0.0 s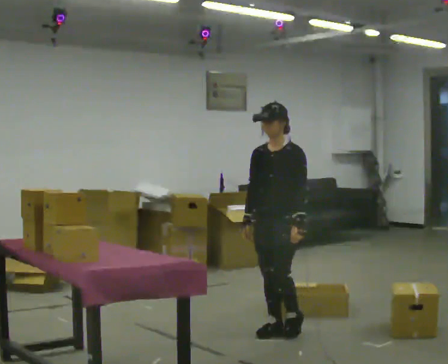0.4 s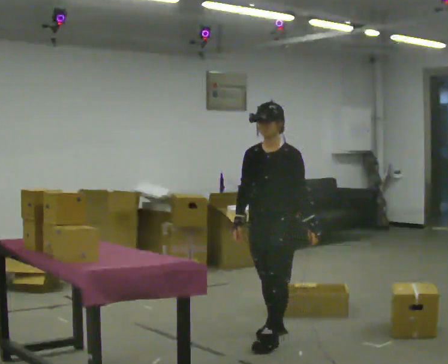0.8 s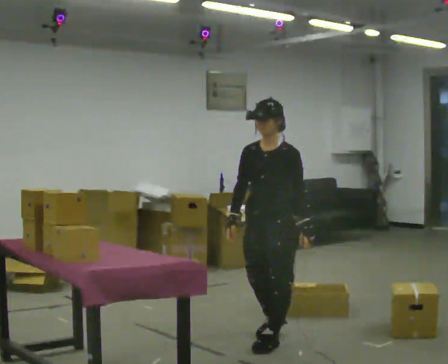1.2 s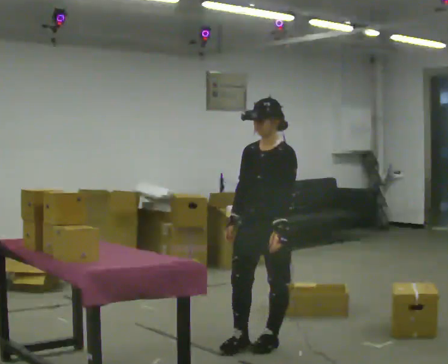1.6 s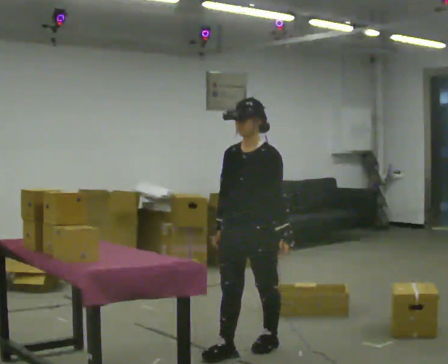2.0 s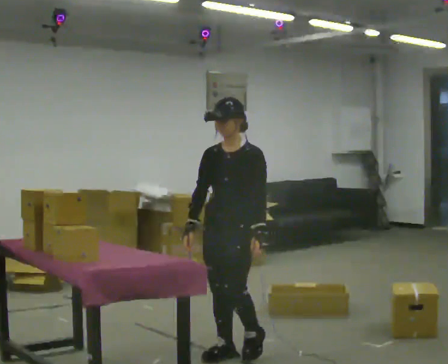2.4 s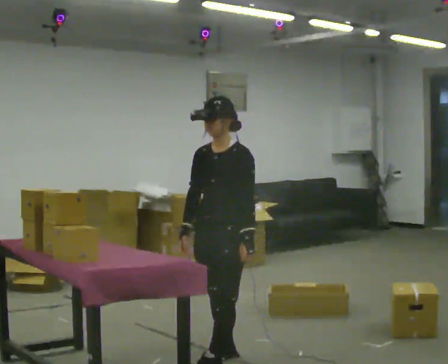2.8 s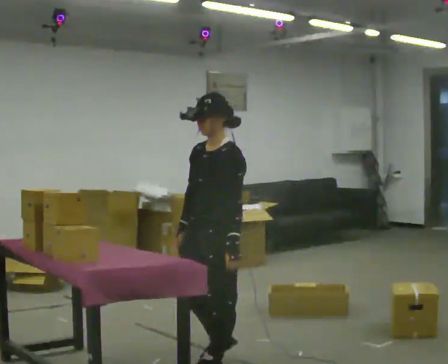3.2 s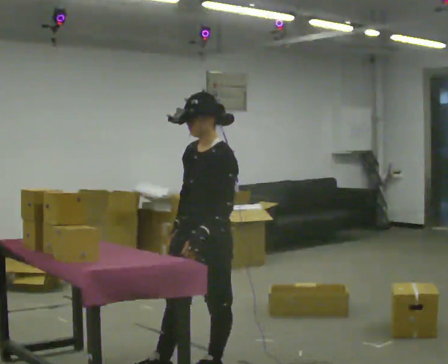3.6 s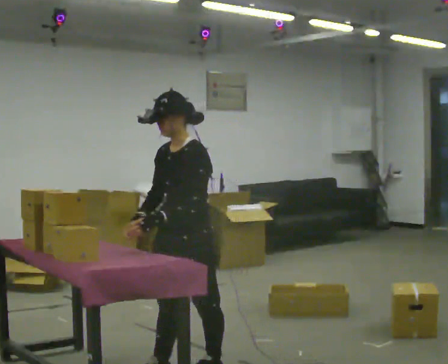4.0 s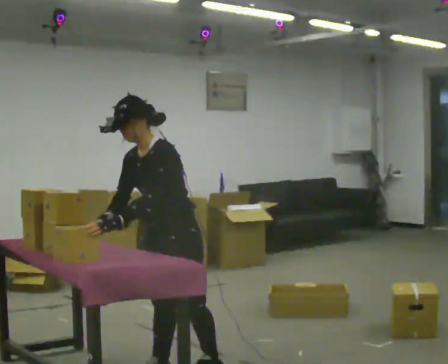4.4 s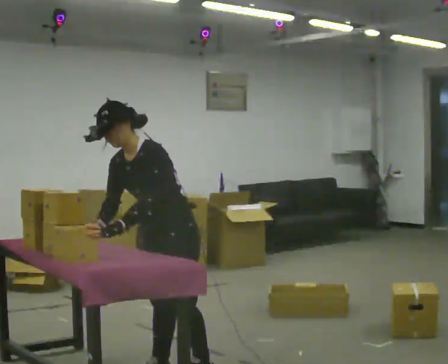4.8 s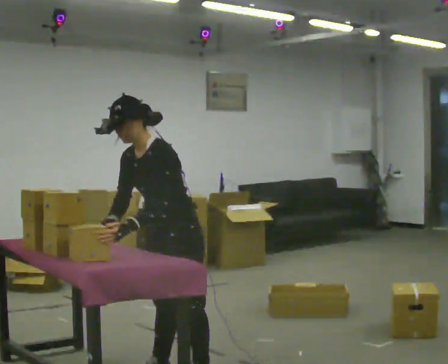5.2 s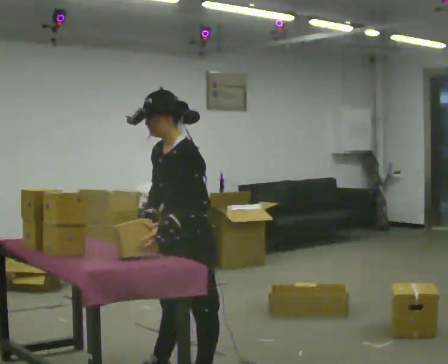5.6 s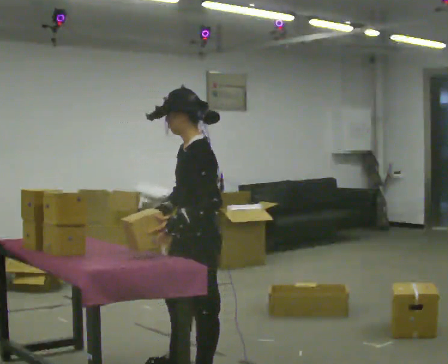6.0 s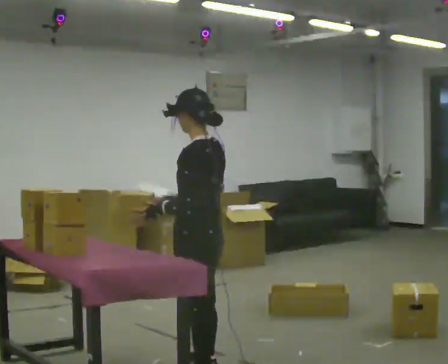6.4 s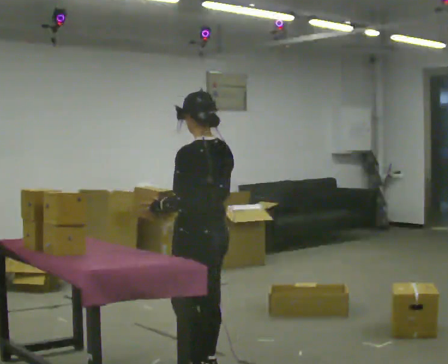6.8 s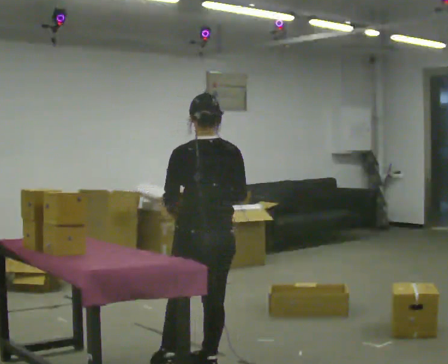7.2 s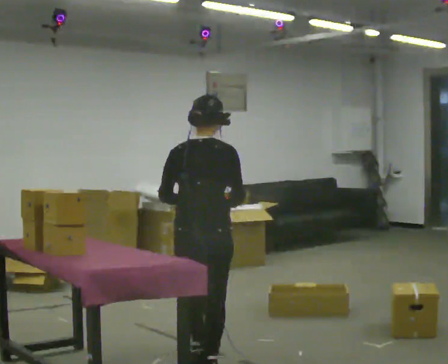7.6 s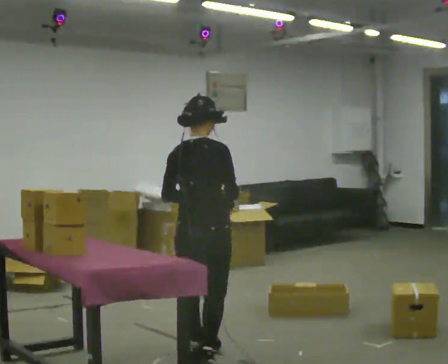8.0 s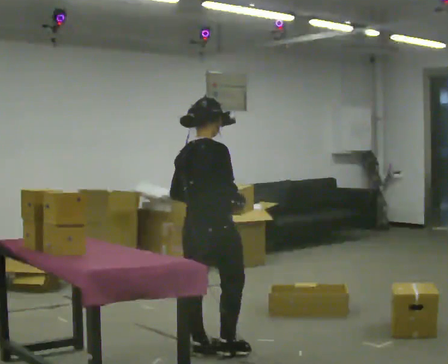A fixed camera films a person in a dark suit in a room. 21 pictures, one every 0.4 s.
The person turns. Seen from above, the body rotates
clockwise.
The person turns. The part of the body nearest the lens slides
to the left.
0.0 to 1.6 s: In the picture they go toward the camera and to the left, about 0.5 m in 2 steps, which for them is forward.
1.6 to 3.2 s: In the picture they go toward the camera and to the left, about 0.5 m in 1 step, which for them is forward.
3.2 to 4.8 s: In the picture they go to the left, about 0.25 m in 2 steps, which for them is forward. In the picture the upper body tilts counterclockwise, shoulders to the left, as they bend forward. In the picture their right hand goes to the left.
4.8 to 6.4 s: The part of the body nearest the lens slides to the left as the person turns to their right by about 75 degrees. In the picture the upper body tilts clockwise, shoulders to the right, as they lean back or straighten. In the picture their right hand goes to the right.
6.4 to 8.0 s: The part of the body nearest the lens slides to the left as the person turns to their right by about 105 degrees. In the picture they go away from the camera, about 0.25 m in 1 step.
The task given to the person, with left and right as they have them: 1. Take the objects out of the box on the table one at a time. 2. Put each one in the bin the operator has labelled for it. 3. Tell the operator when you are finished.
The film runs forward here.
